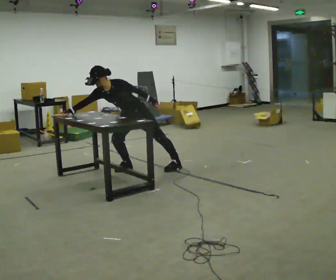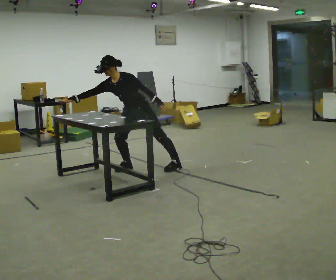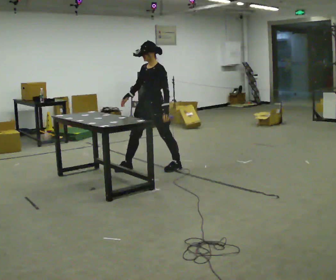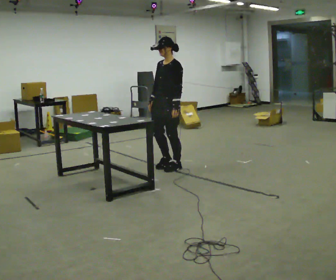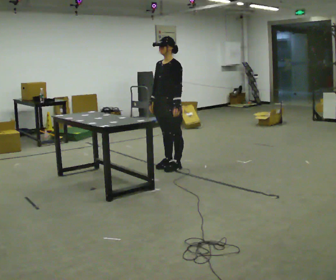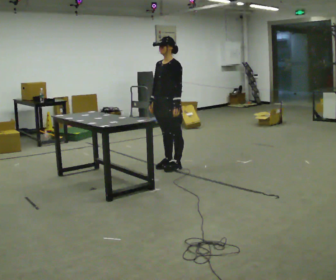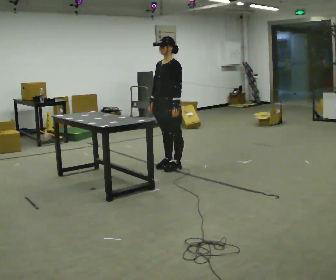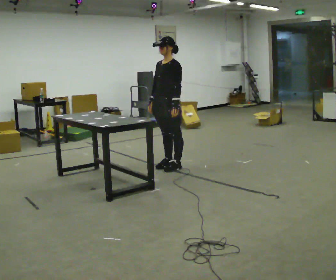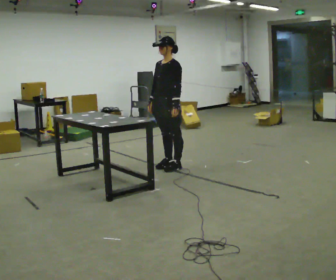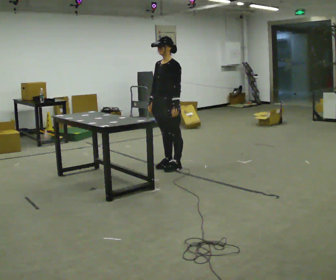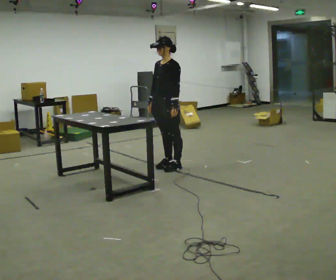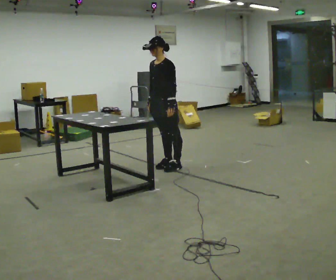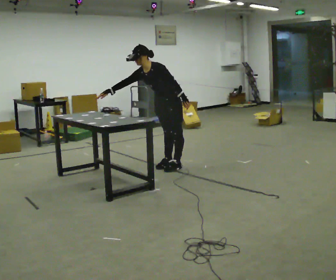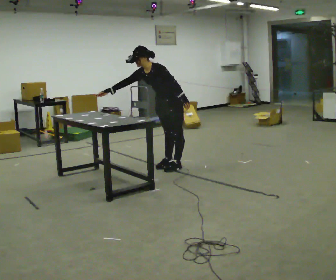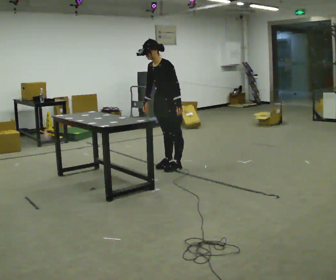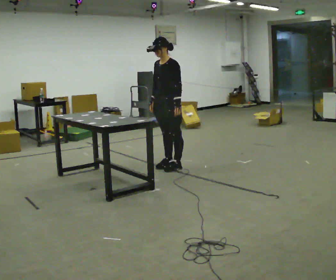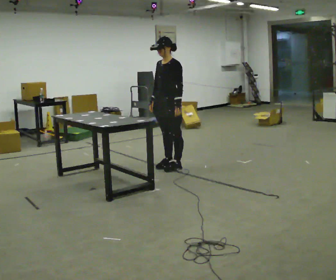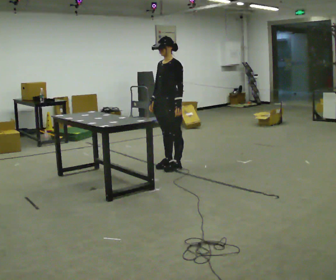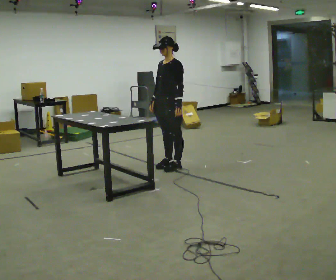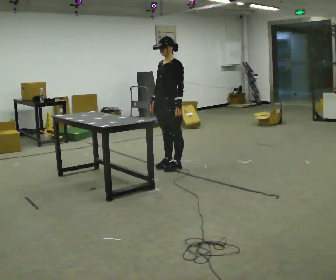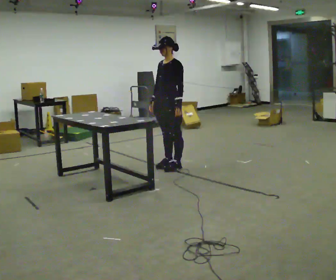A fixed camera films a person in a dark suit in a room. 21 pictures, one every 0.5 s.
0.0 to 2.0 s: In the picture they go to the right, about 0.5 m in 1 step, which for them is backward and to their left. The upper body goes upward. In the picture the upper body tilts clockwise, shoulders to the right, as they lean back or straighten.
2.0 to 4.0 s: The person keeps their place and pose.
4.0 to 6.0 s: In the picture the upper body tilts counterclockwise, shoulders to the left, as they bend forward. In the picture their right hand goes to the left.
6.0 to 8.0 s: In the picture the upper body tilts clockwise, shoulders to the right, as they lean back or straighten. In the picture their right hand goes to the right.
8.0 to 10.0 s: The person moves a little, or ends about where they began.
The film runs backward here.
